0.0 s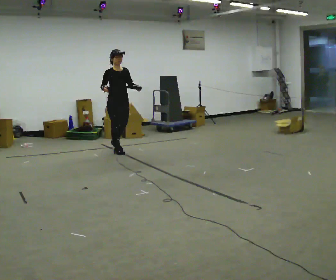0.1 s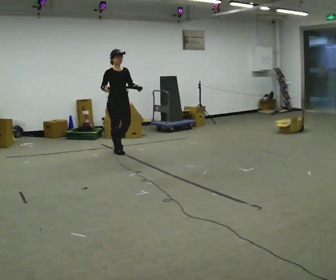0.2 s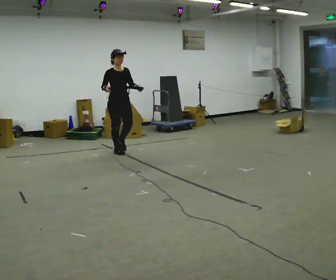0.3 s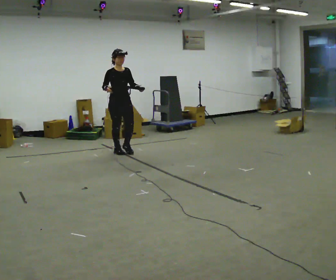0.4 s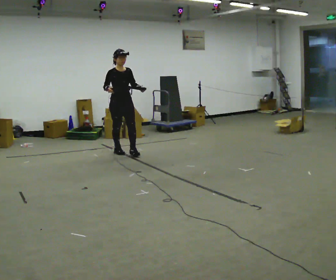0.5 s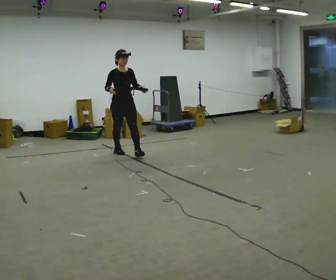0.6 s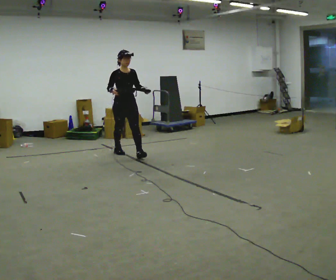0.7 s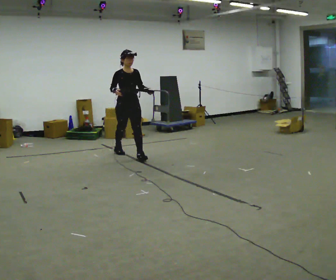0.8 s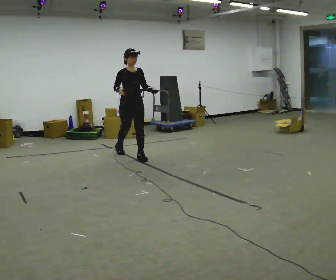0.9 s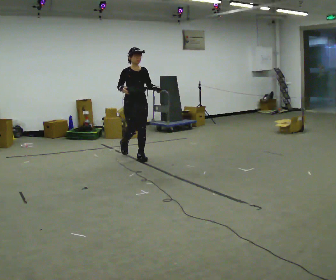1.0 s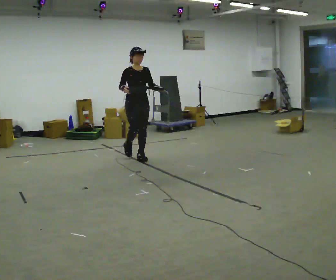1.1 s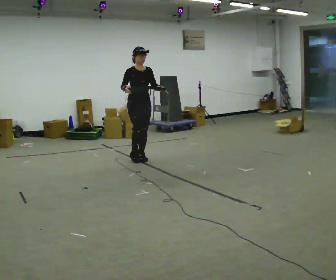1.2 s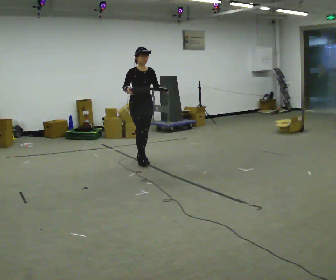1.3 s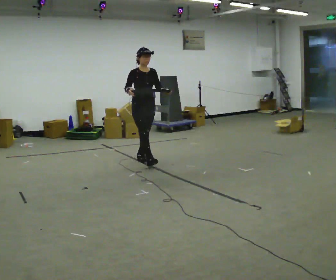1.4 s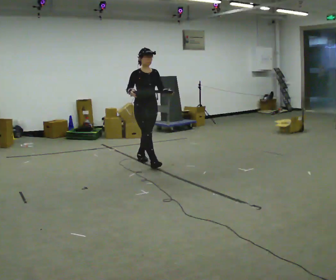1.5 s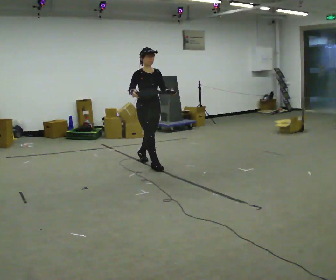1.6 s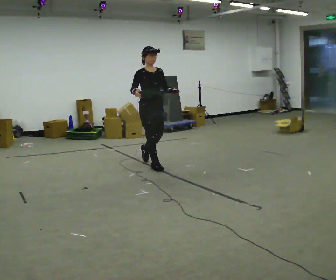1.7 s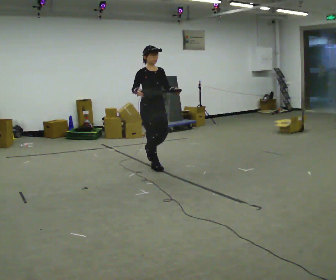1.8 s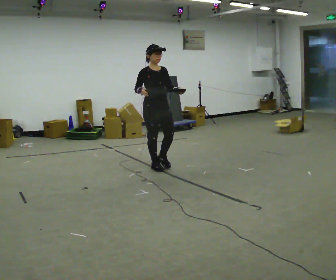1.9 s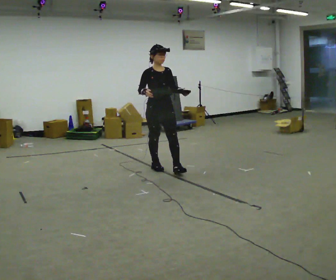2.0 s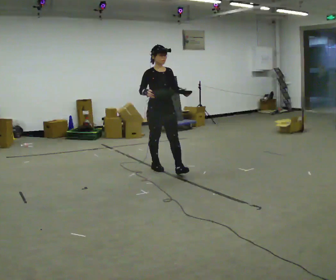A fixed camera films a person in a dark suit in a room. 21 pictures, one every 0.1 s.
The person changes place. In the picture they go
toward the camera.
0.0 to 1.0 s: In the picture they go toward the camera and to the right, about 0.5 m in 1 step, which for them is forward.
1.0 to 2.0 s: In the picture they go toward the camera and to the right, about 1 m in 1 step, which for them is forward.
The film runs forward here.
